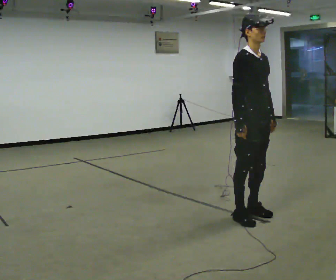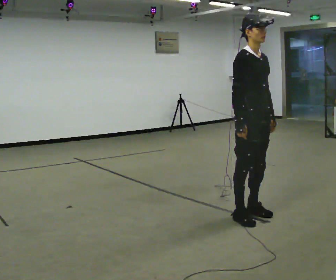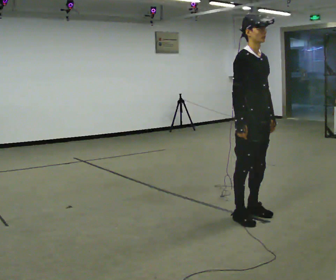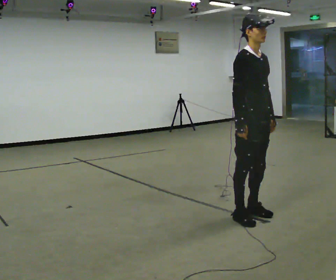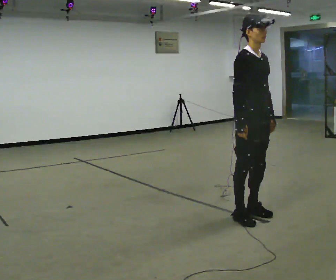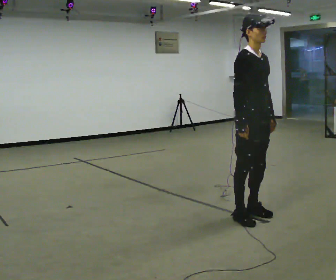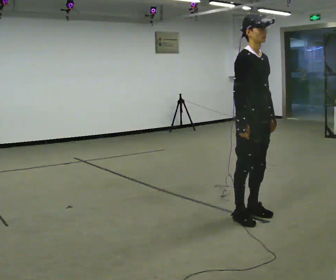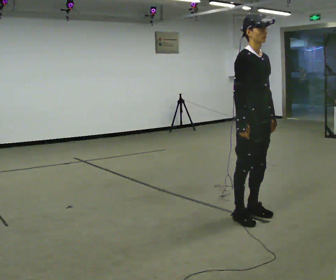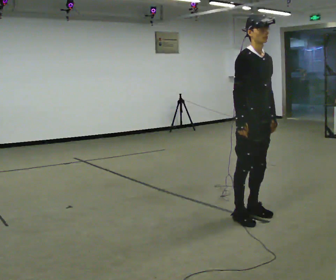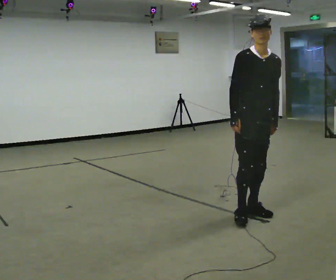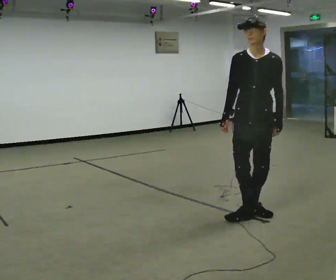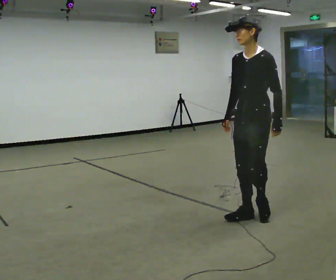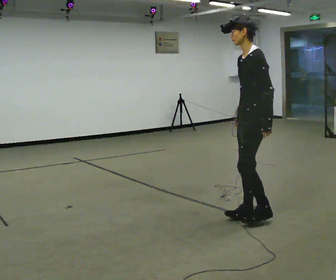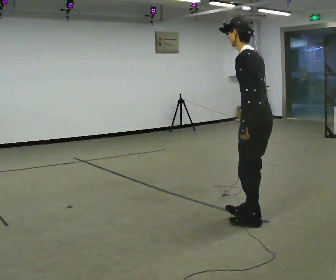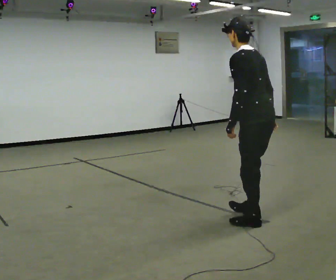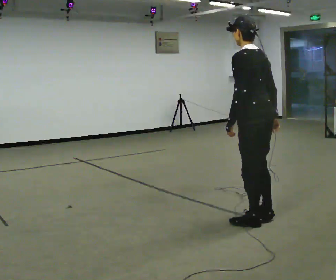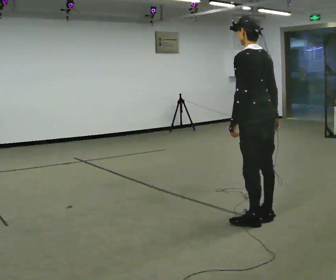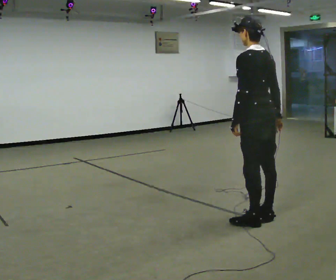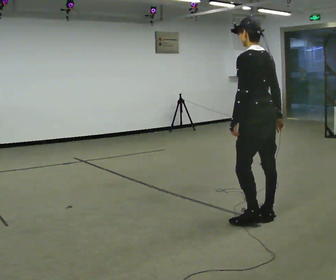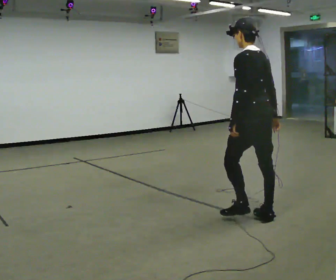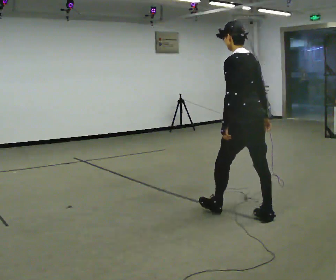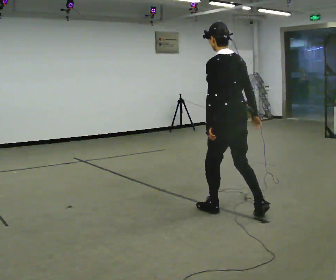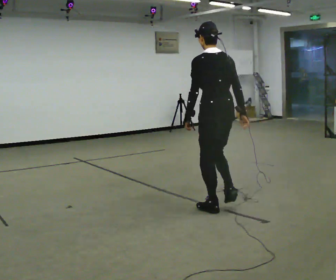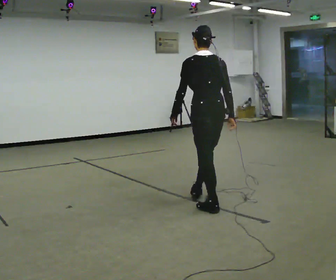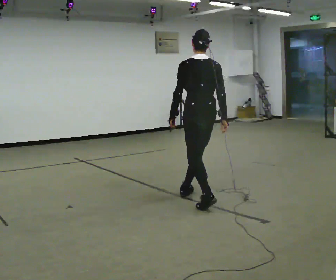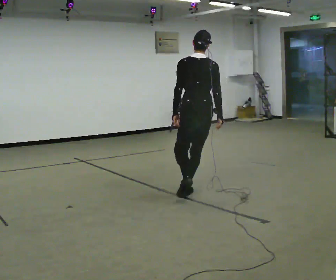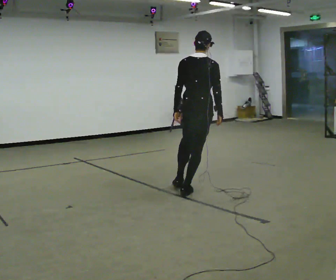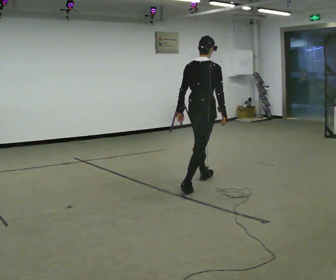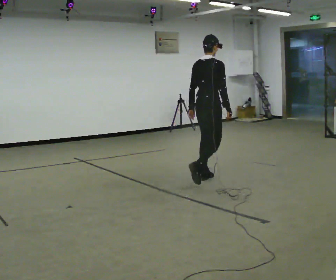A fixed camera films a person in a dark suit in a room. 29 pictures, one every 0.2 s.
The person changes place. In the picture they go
away from the camera.
The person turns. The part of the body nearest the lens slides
to the left.
0.0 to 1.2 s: The person keeps their place and pose.
1.2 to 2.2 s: The part of the body nearest the lens slides to the left as the person turns to their right by about 90 degrees.
2.2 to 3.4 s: The person turns about 90 degrees to their right, clockwise seen from above, so the part of the body nearest the lens slides to the left. In the picture their right hand goes to the right, the arm swinging counterclockwise.
3.4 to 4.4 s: In the picture they go to the left and away from the camera, about 0.5 m in 1 step, which for them is forward.
4.4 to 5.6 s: The person turns about 75 degrees to their right, clockwise seen from above, so the part of the body nearest the lens slides to the left. In the picture they go away from the camera, about 1 m in 2 steps.
The film runs forward here.
